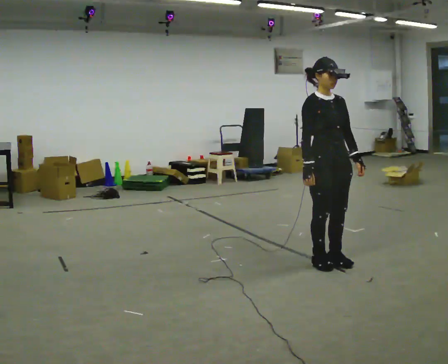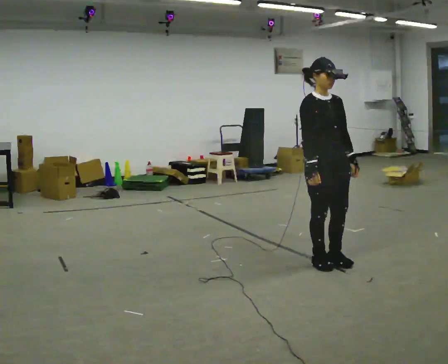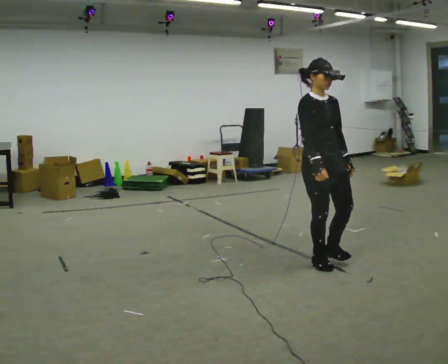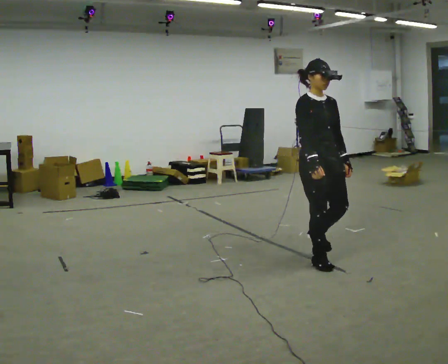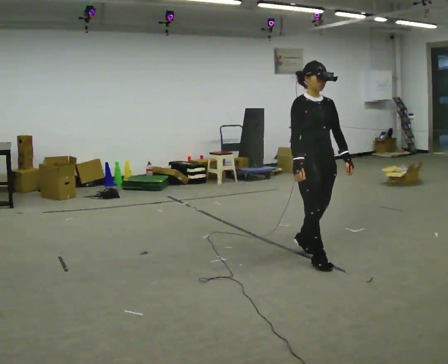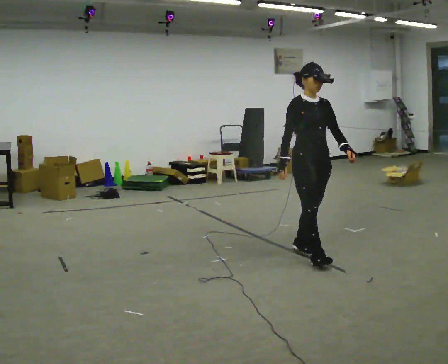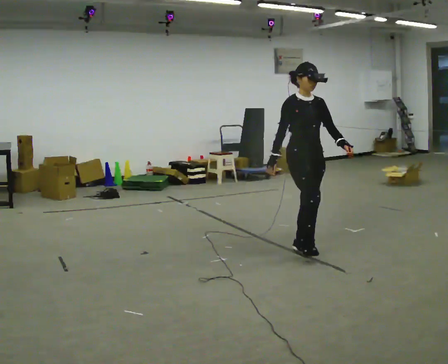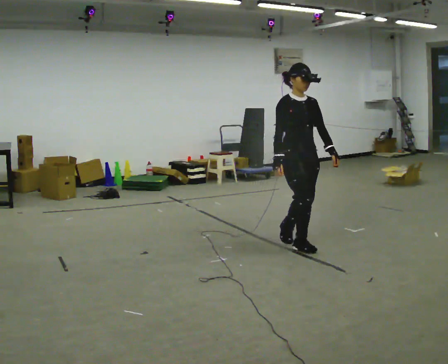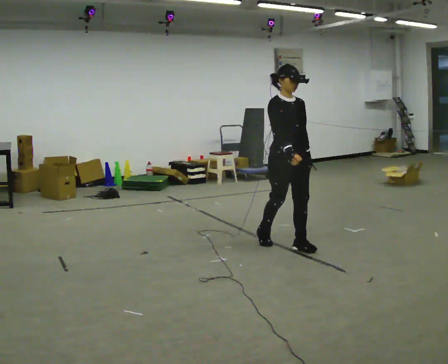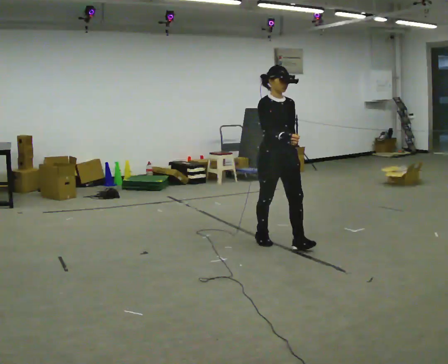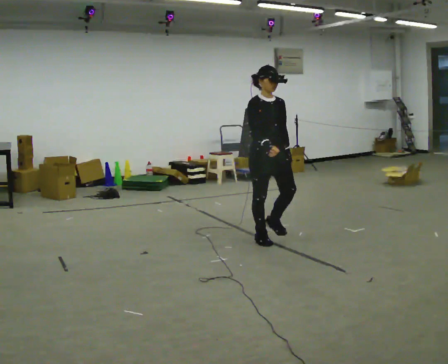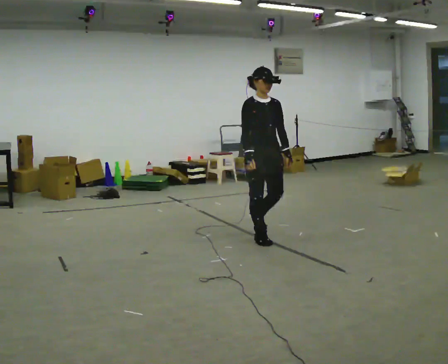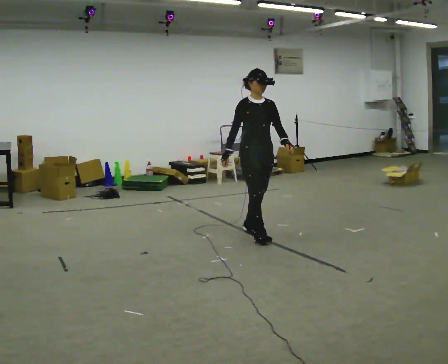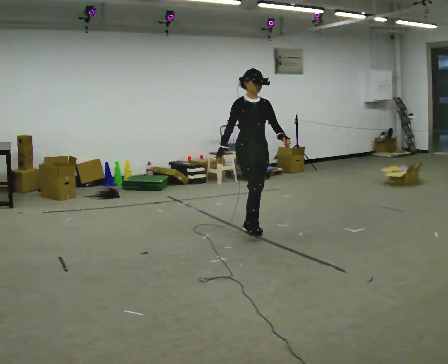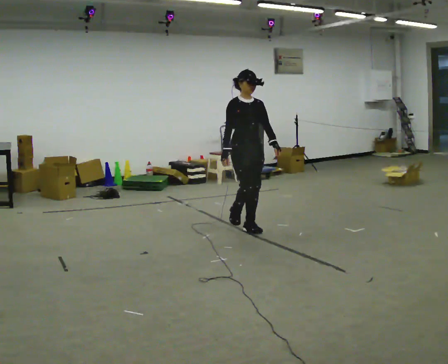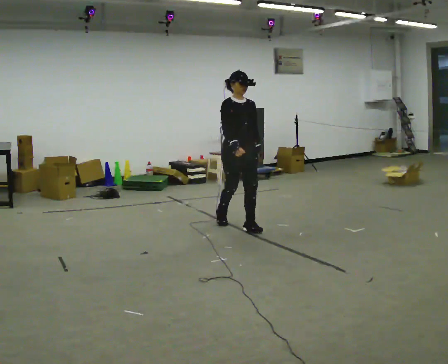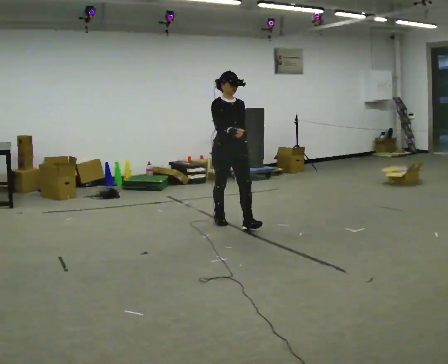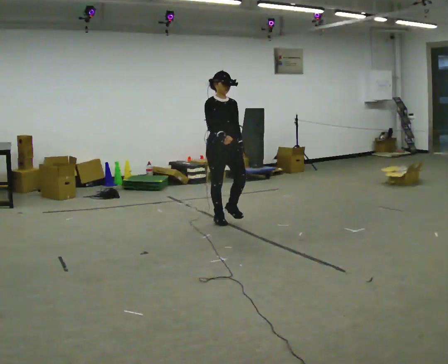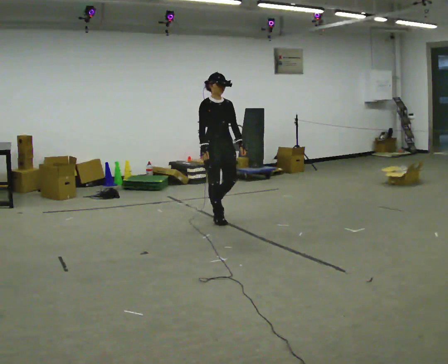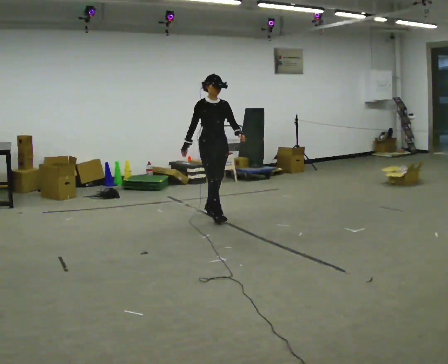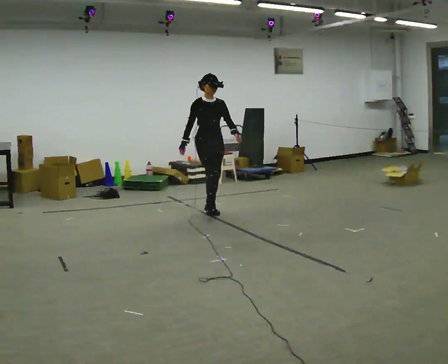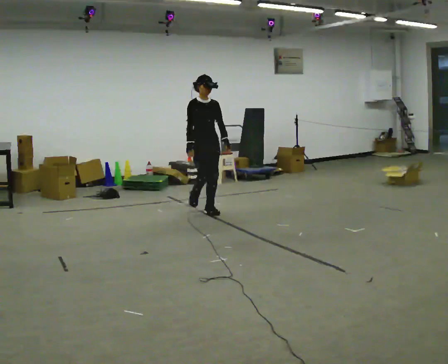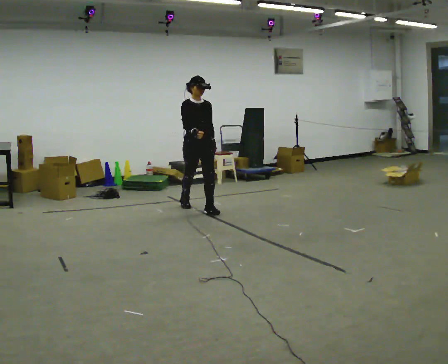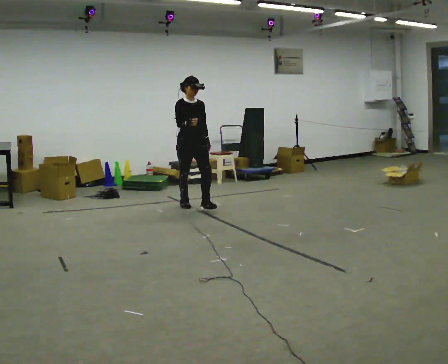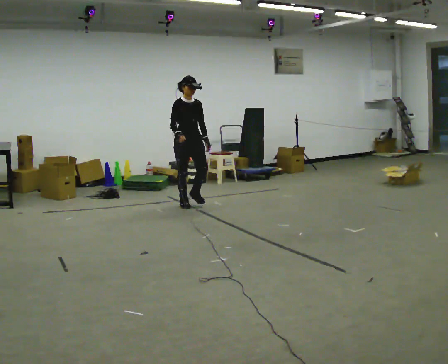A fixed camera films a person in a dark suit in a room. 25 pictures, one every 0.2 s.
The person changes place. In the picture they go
away from the camera.
0.0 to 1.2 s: In the picture they go away from the camera, about 0.5 m in 2 steps, which for them is backward.
1.2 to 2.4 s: In the picture they go away from the camera and to the left, about 0.75 m in 1 step, which for them is backward.
2.4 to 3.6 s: In the picture they go away from the camera and to the left, about 0.5 m in 2 steps, which for them is backward.
3.6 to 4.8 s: In the picture they go away from the camera and to the left, about 1 m in 2 steps, which for them is backward.
The film runs backward here.
